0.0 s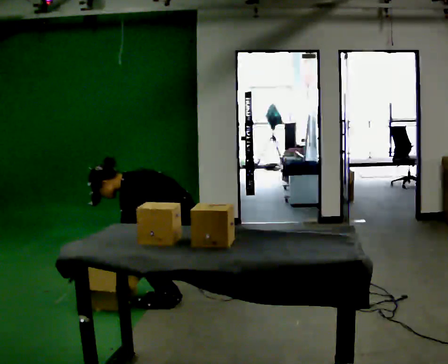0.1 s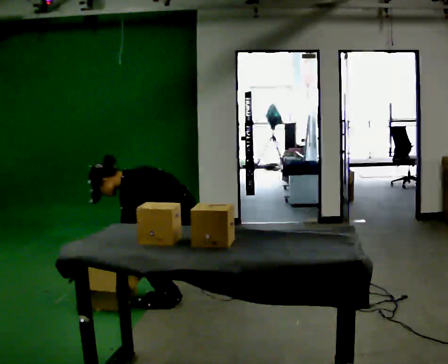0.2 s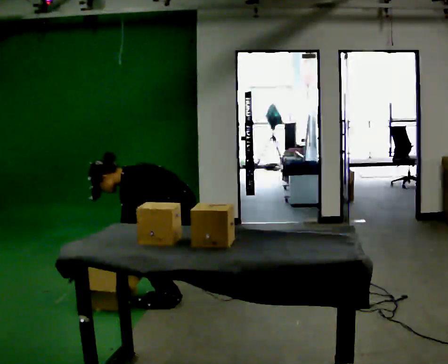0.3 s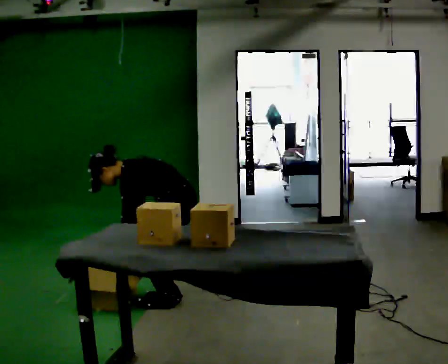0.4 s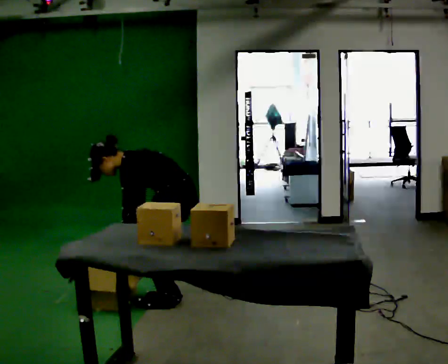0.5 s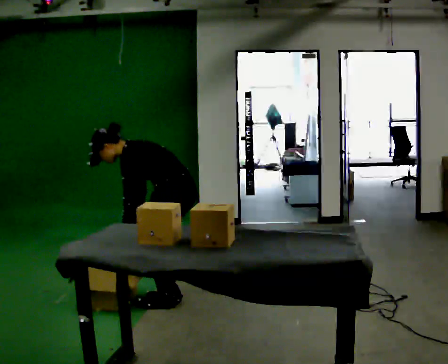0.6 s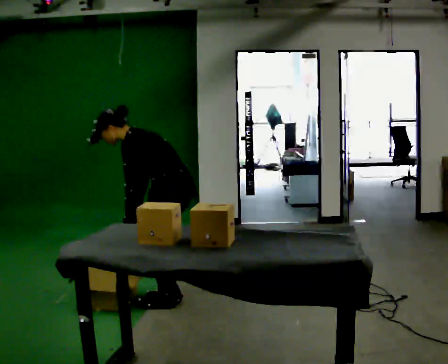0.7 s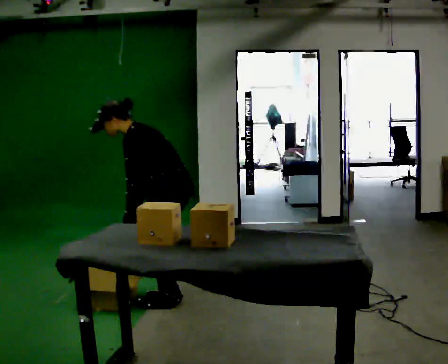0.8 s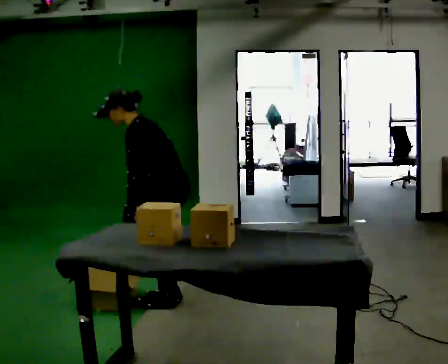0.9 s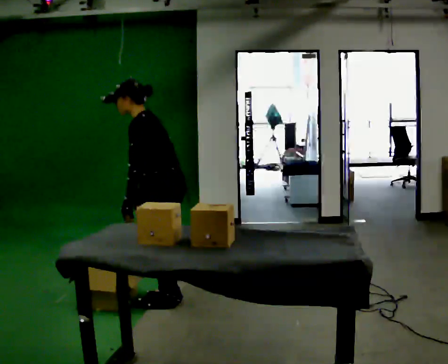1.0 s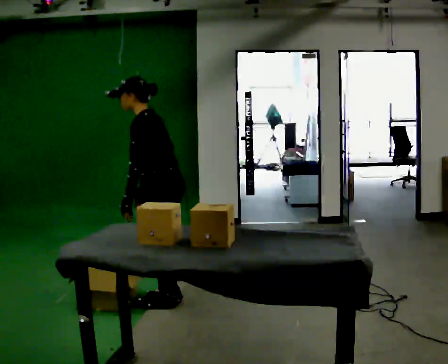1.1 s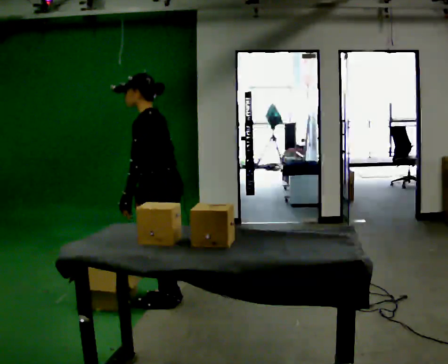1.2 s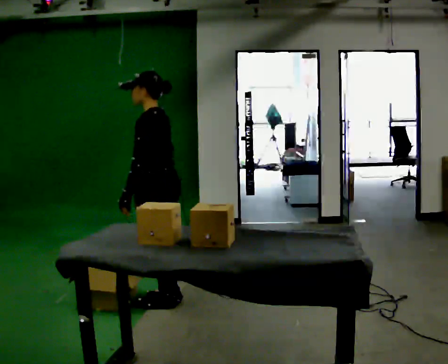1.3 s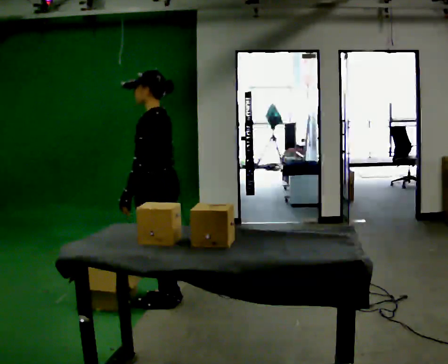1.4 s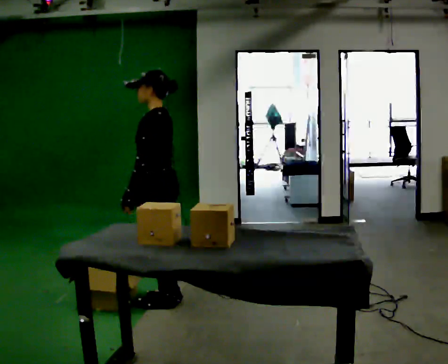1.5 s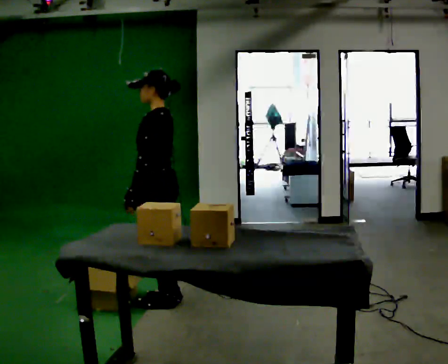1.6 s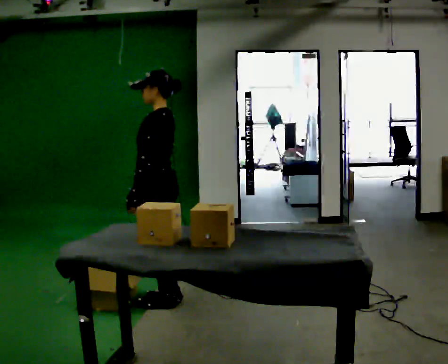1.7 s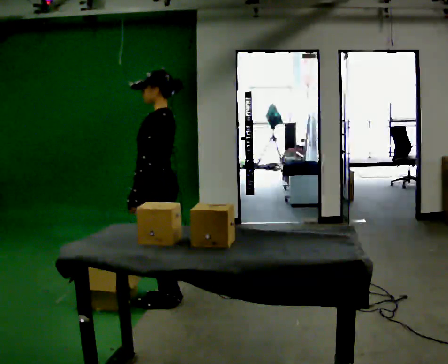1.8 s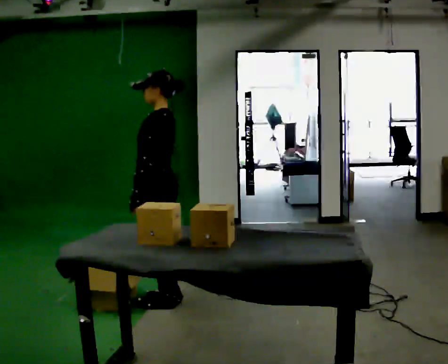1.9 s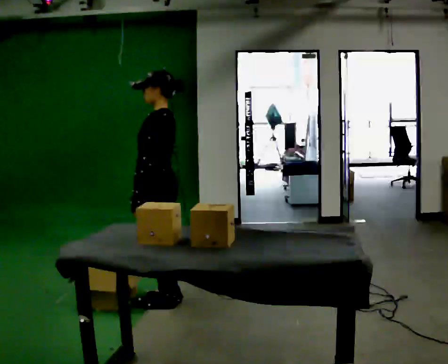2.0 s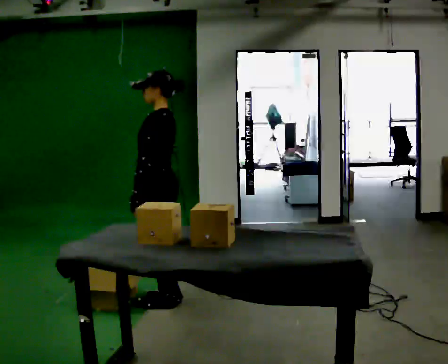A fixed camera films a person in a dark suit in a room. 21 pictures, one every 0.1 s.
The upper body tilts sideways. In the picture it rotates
clockwise.
Their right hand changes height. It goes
upward.
0.0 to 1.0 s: The upper body goes upward. In the picture the upper body tilts clockwise, shoulders to the right, as they lean back or straighten. In the picture their left hand goes upward.
1.0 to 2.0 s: In the picture the upper body tilts clockwise, shoulders to the right, as they lean back or straighten.
The film runs forward here.
